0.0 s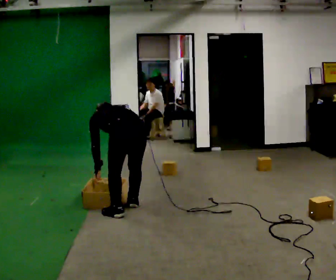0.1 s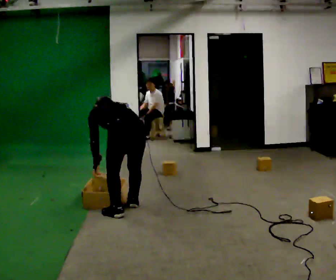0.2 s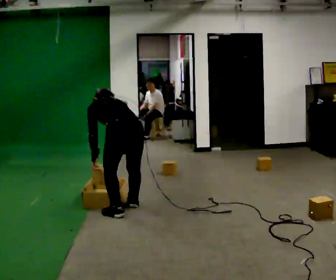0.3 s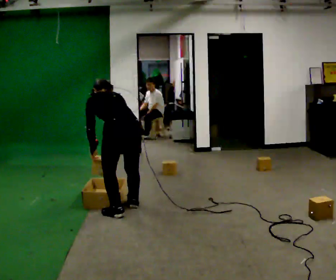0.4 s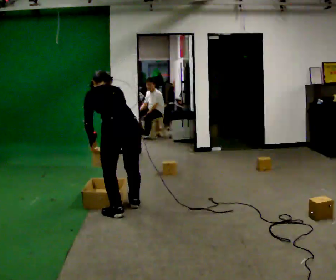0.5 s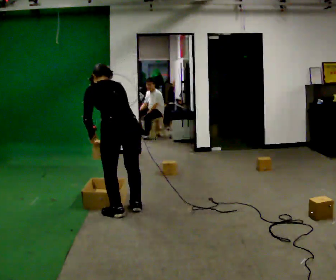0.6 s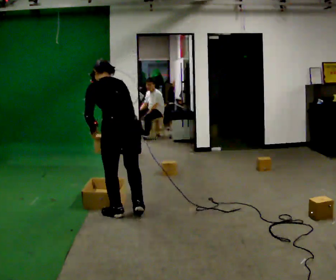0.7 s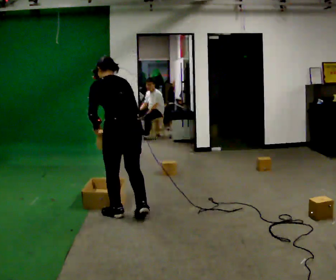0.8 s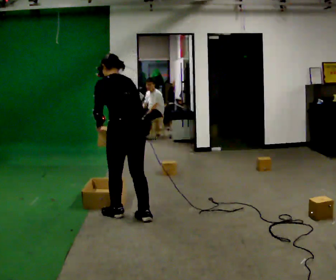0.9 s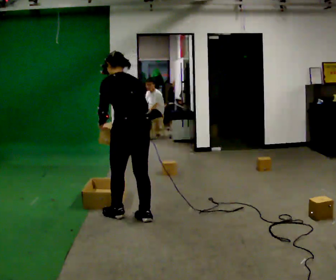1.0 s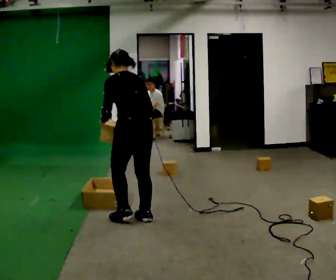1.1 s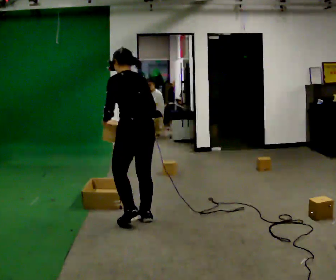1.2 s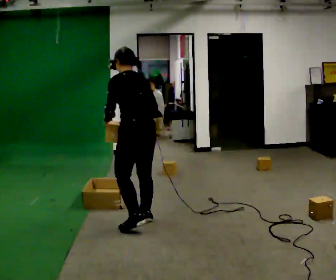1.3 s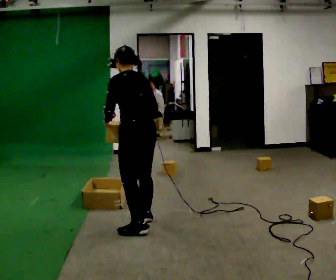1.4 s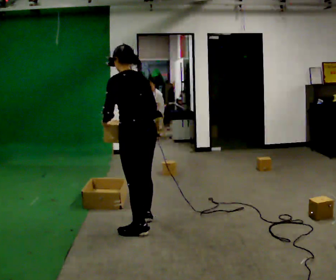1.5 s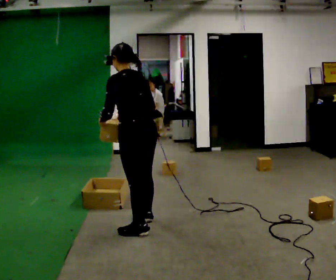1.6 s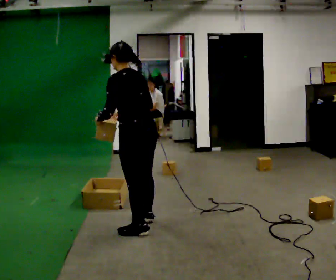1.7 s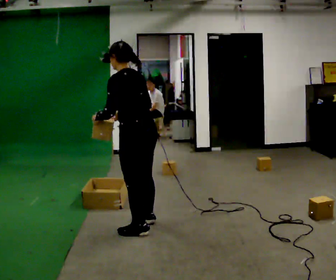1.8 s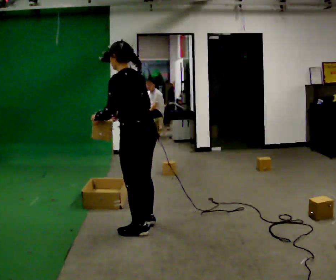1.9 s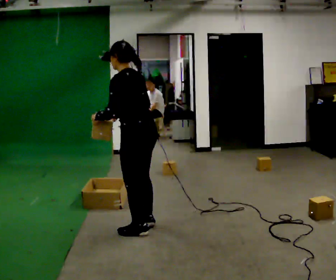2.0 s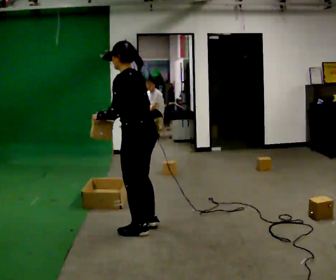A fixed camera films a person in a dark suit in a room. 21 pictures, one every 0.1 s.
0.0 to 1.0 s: In the picture they go toward the camera, about 0.25 m in 2 steps, which for them is backward. The upper body goes upward. The upper body tips toward the camera, its near side rolling downward, as they lean back or straighten. In the picture their right hand goes upward.
1.0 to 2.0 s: The part of the body nearest the lens slides to the right as the person turns to their left by about 30 degrees. In the picture they go toward the camera, about 0.25 m in 1 step, which for them is backward and to their left.
The film runs backward here.
